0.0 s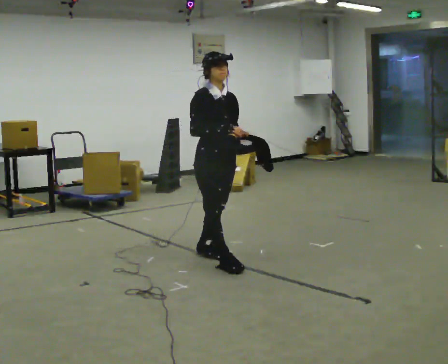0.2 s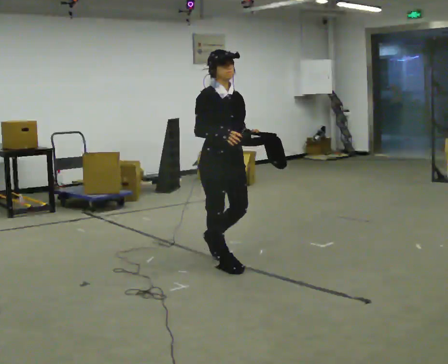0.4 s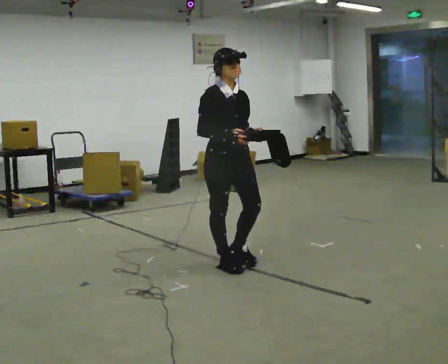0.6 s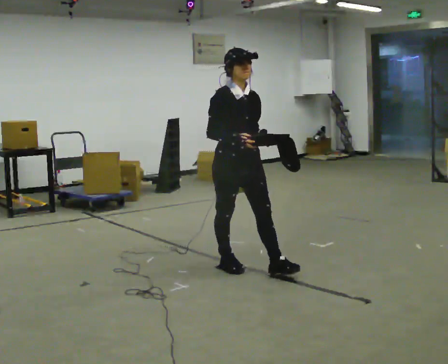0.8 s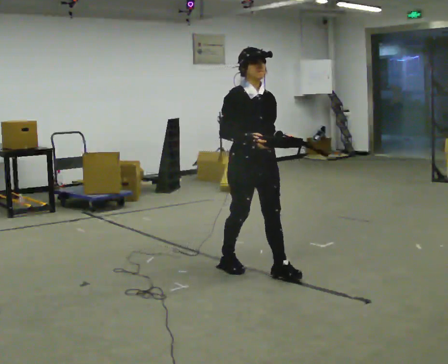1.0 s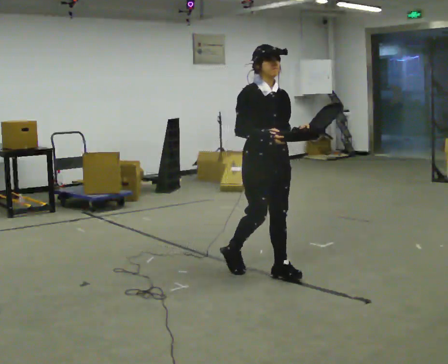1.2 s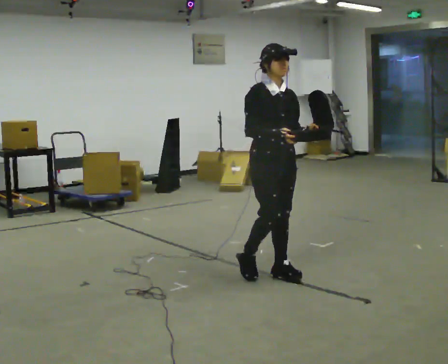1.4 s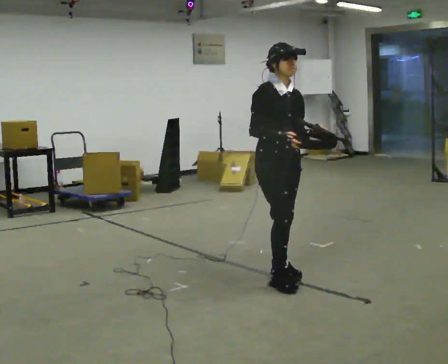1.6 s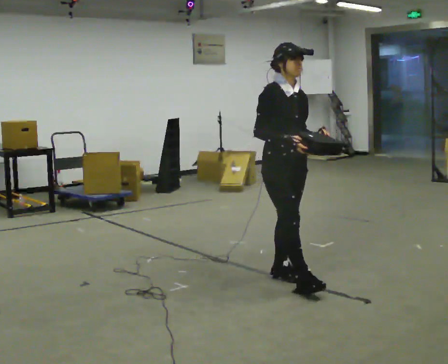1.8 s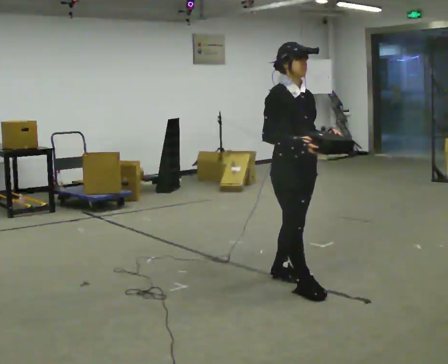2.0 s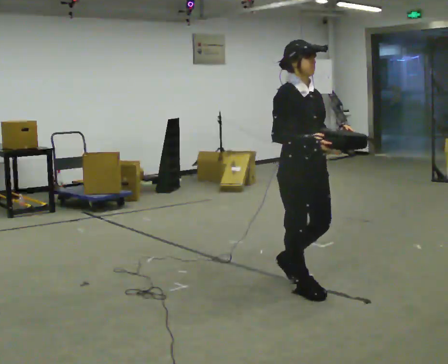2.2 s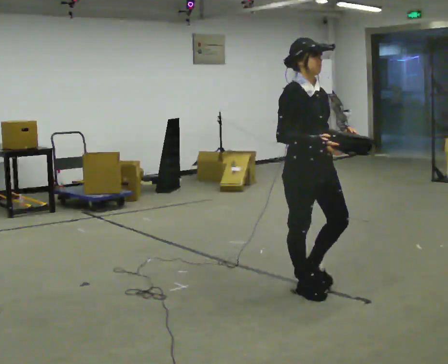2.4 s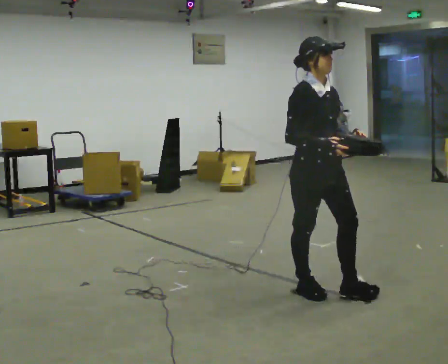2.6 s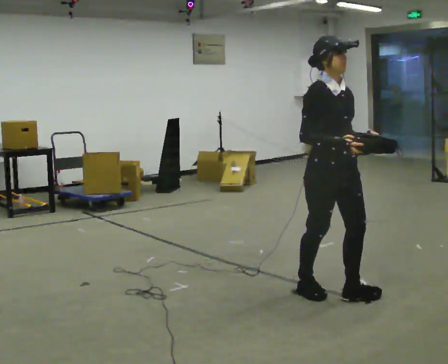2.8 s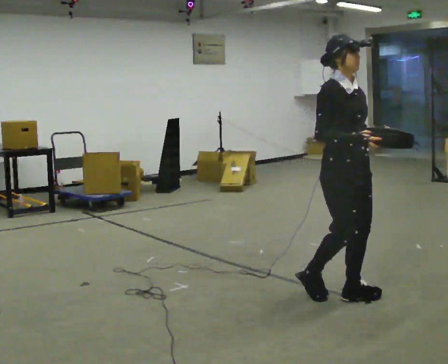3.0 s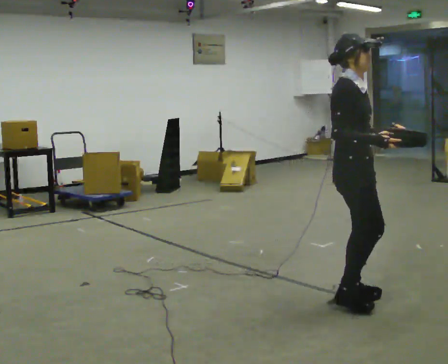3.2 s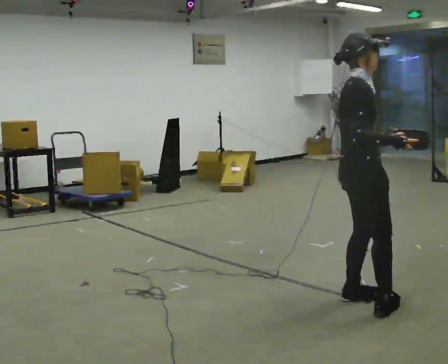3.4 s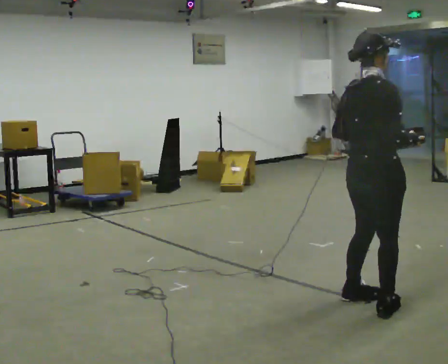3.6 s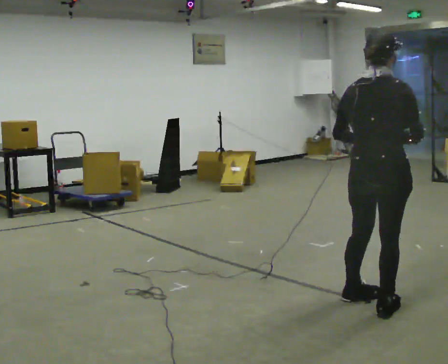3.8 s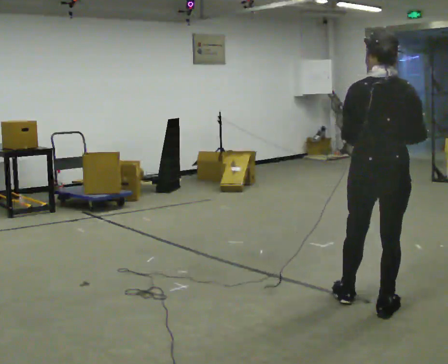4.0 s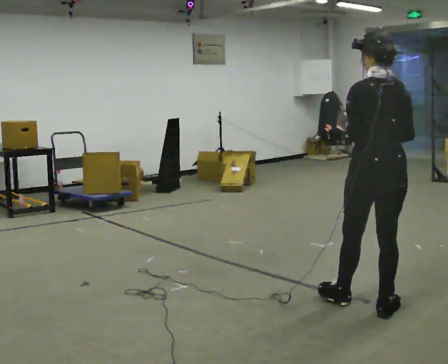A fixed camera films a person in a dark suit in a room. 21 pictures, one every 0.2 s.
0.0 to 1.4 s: In the picture they go to the right and toward the camera, about 0.5 m in 1 step, which for them is forward.
1.4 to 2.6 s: In the picture they go toward the camera and to the right, about 0.5 m in 2 steps, which for them is forward.
2.6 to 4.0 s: The person turns about 150 degrees to their left, counterclockwise seen from above, so the part of the body nearest the lens slides to the right. In the picture they go to the right and toward the camera, about 0.25 m in 1 step.
The film runs forward here.
